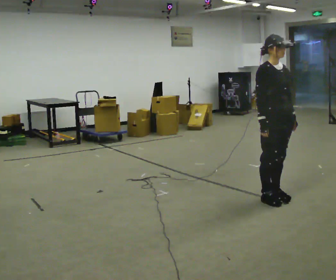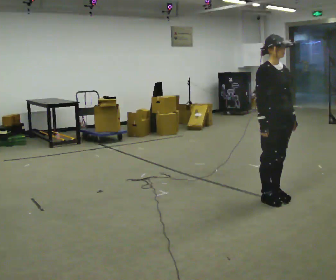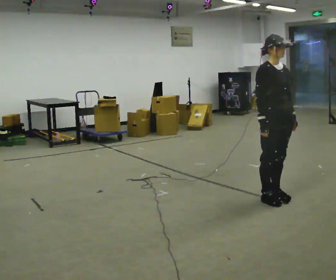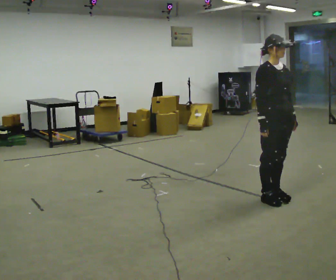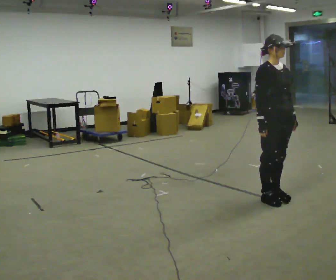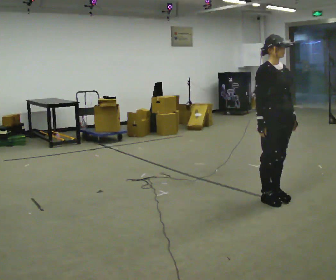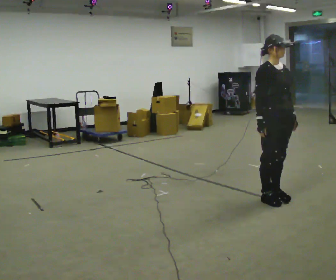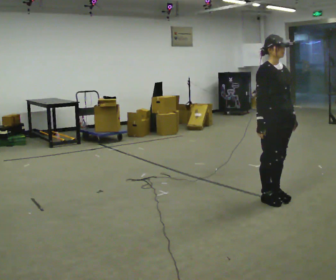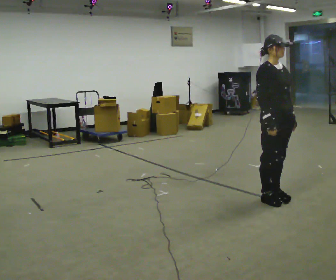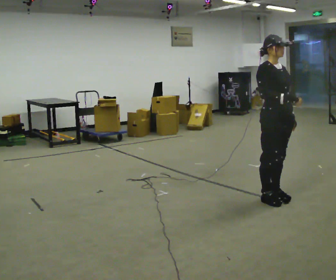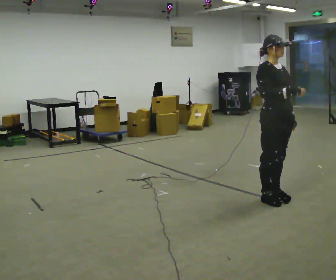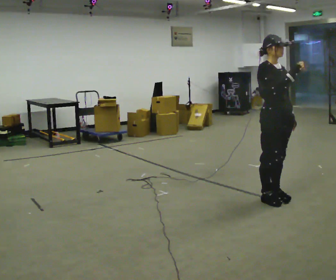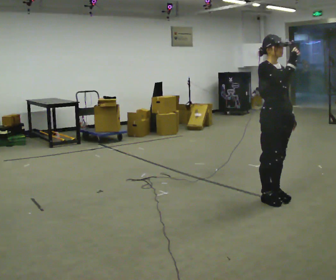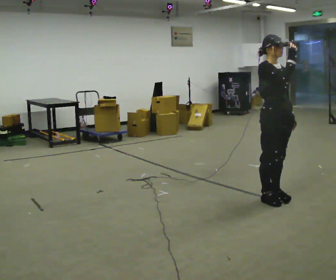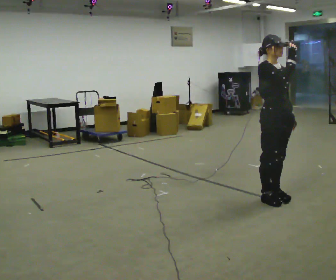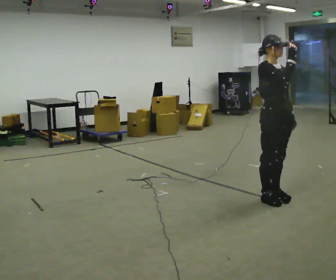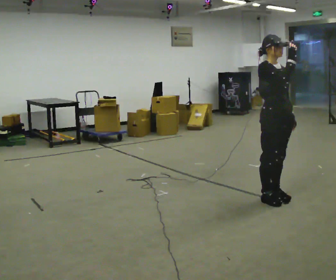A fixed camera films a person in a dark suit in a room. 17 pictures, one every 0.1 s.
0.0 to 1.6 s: In the picture their right hand goes upward.
The film runs backward here.
